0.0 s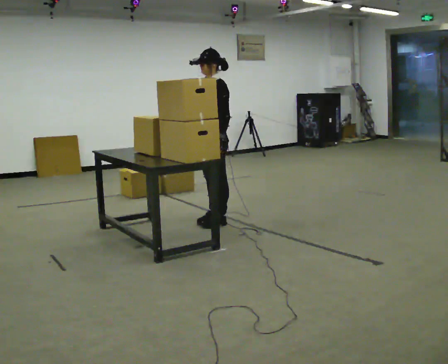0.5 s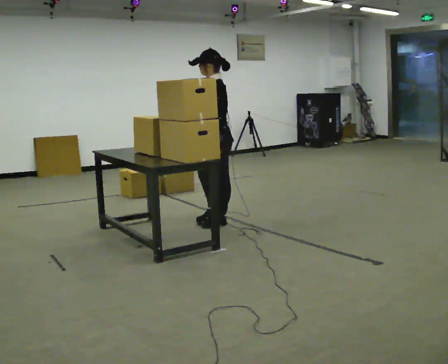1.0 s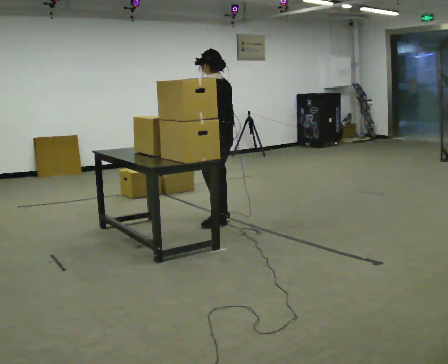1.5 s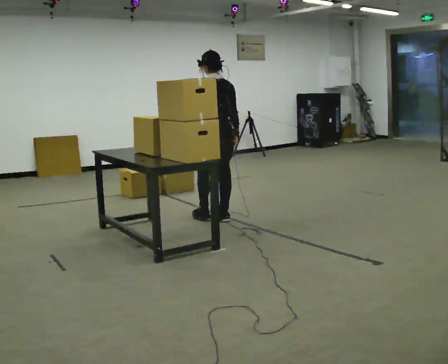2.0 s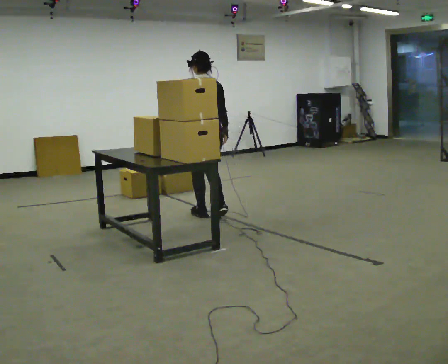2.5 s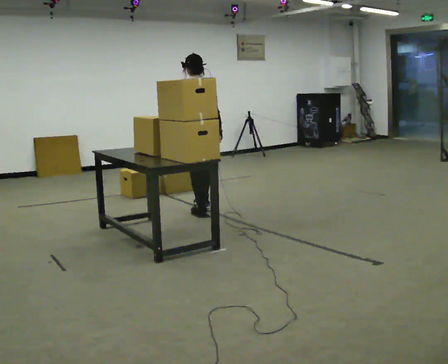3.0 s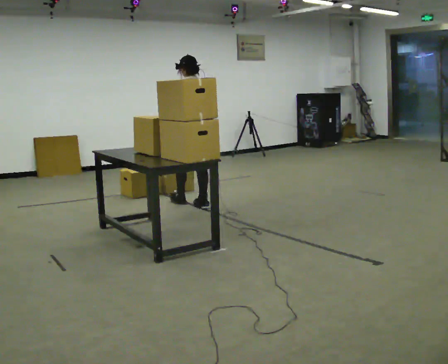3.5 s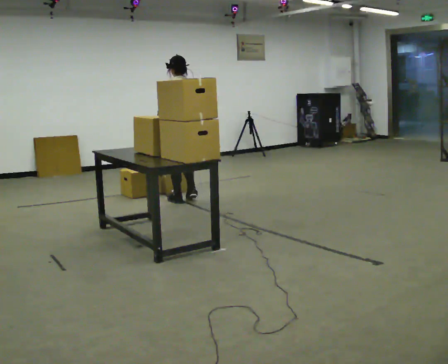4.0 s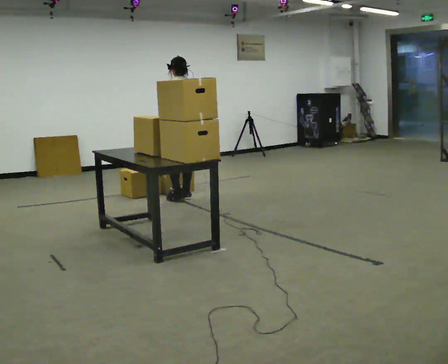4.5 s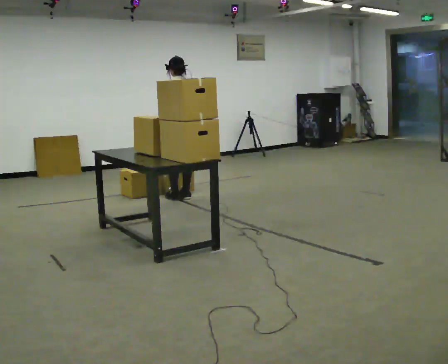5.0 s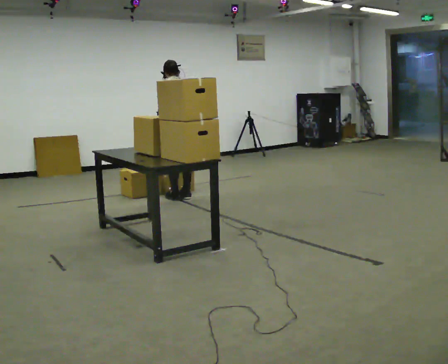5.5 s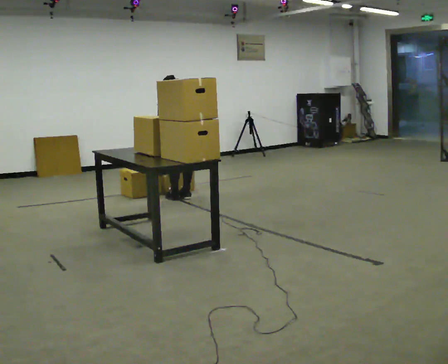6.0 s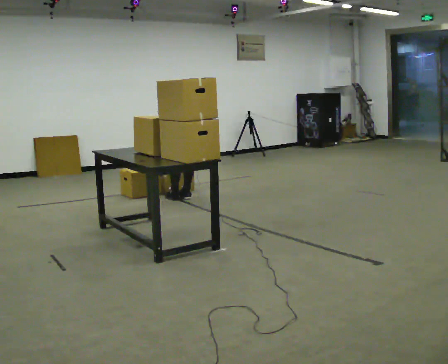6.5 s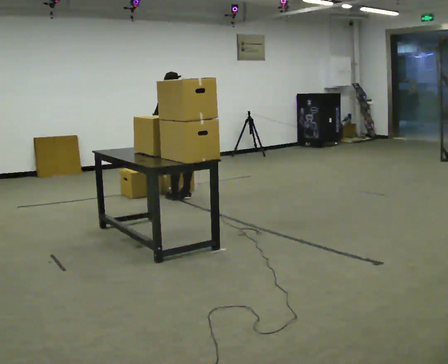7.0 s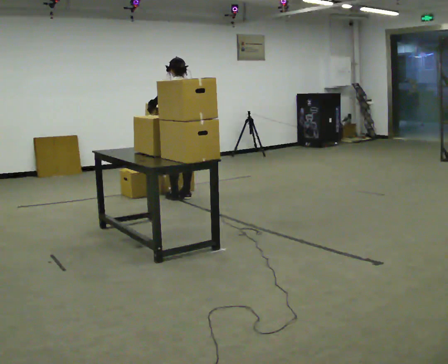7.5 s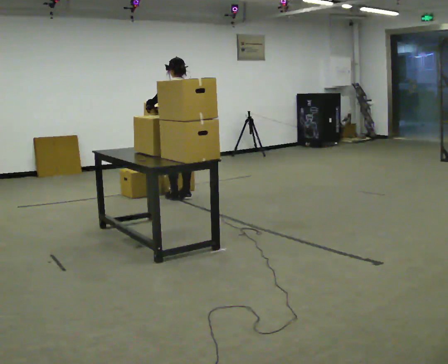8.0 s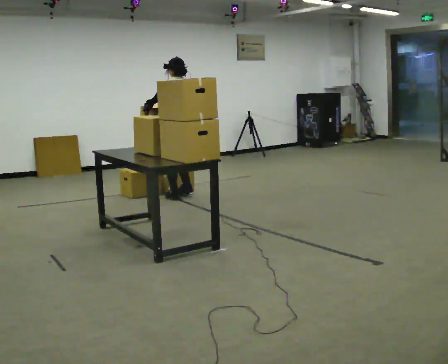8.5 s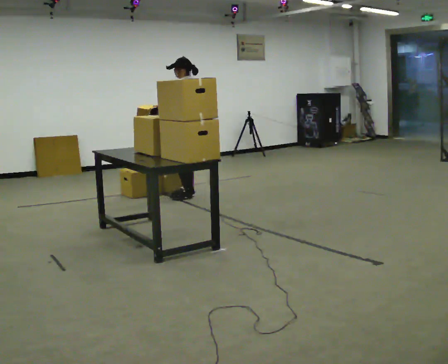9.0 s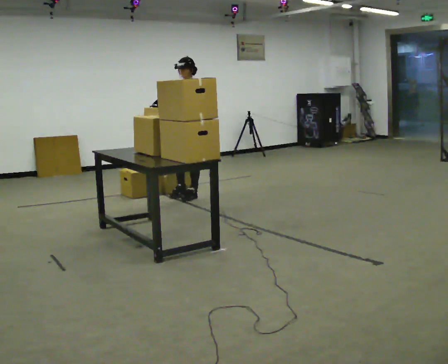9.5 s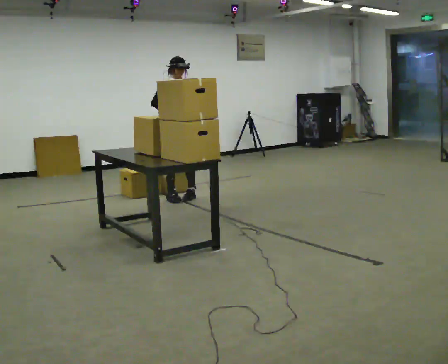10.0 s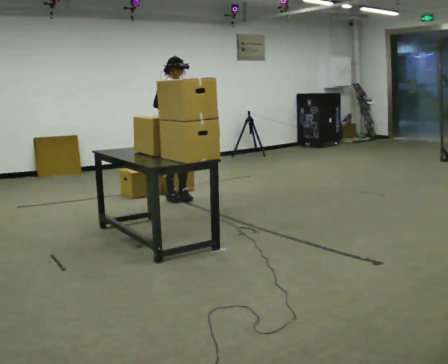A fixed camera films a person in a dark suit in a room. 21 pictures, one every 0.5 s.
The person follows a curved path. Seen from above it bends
counterclockwise.
0.0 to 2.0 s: The person turns about 90 degrees to their right, clockwise seen from above, so the part of the body nearest the lens slides to the left. In the picture they go away from the camera, about 0.25 m in 1 step.
2.0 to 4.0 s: In the picture they go away from the camera, about 1 m in 3 steps, which for them is forward.
4.0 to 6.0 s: The shoulders move downward. The upper body tips away from the camera, its near side rolling upward, as they bend forward.
6.0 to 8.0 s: The person turns about 30 degrees to their left, counterclockwise seen from above, so the part of the body nearest the lens slides to the right. The upper body goes upward. The upper body tips toward the camera, its near side rolling downward, as they lean back or straighten. In the picture their right hand goes upward.
8.0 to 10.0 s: The part of the body nearest the lens slides to the right as the person turns to their left by about 180 degrees.
The film runs forward here.
